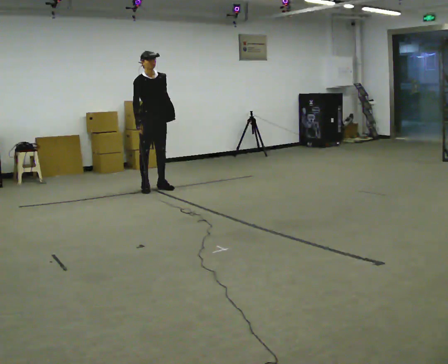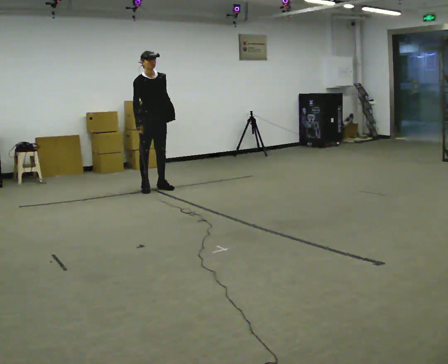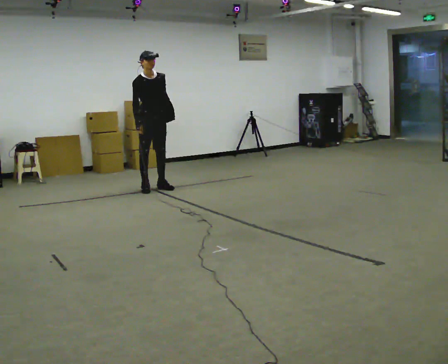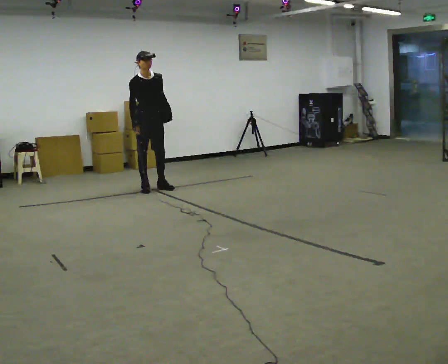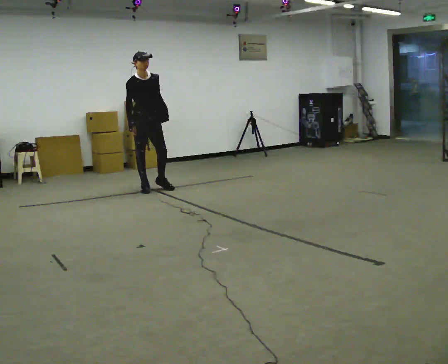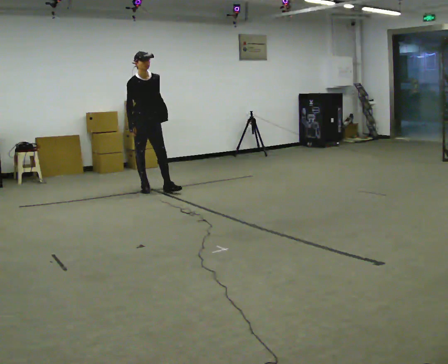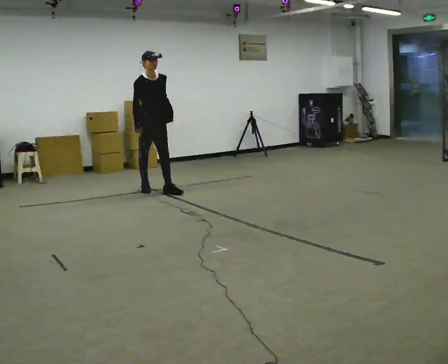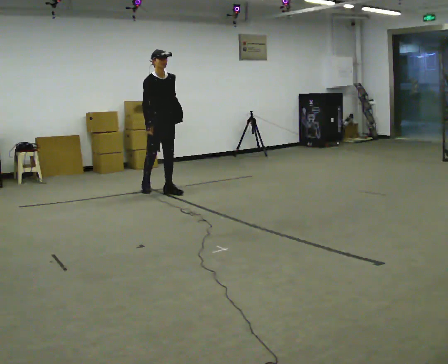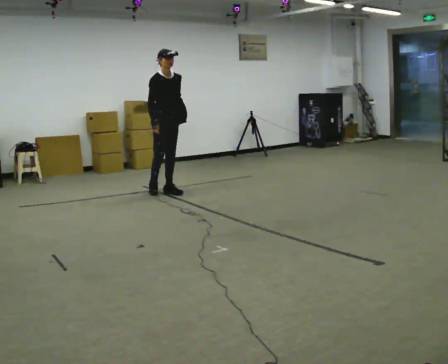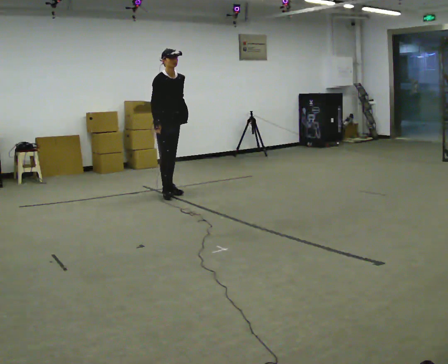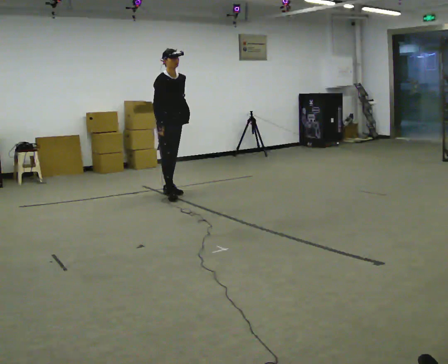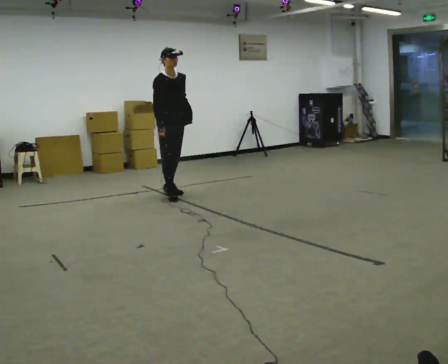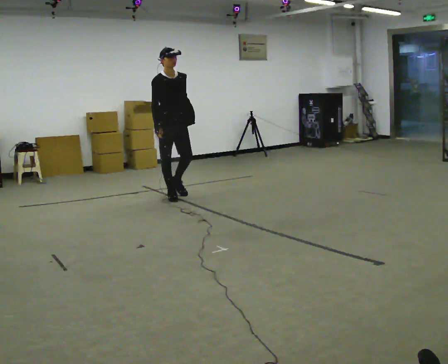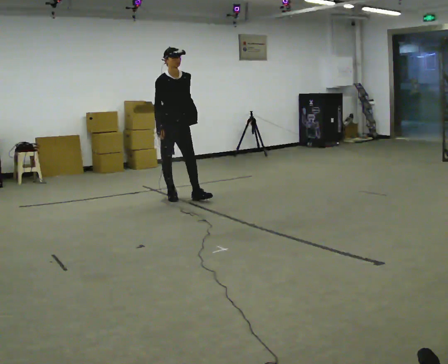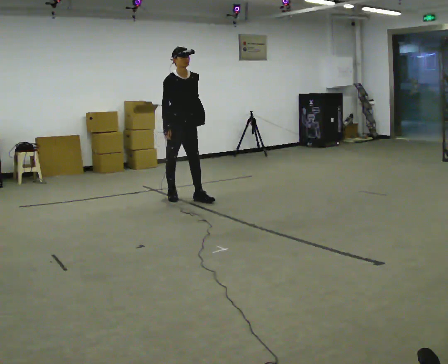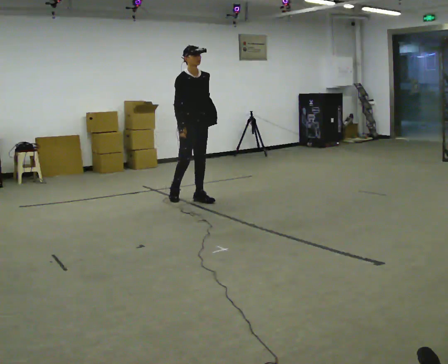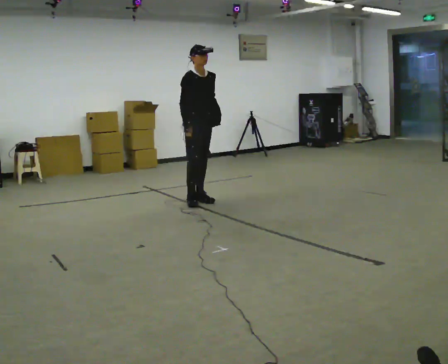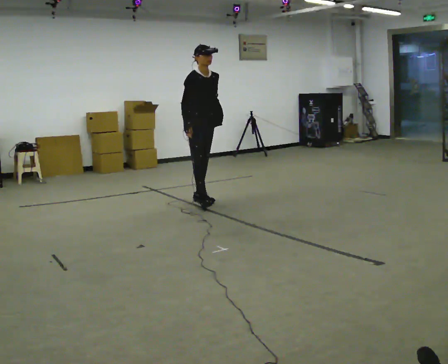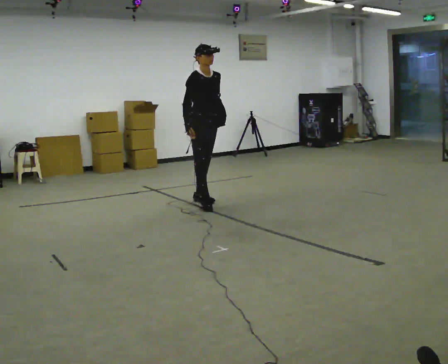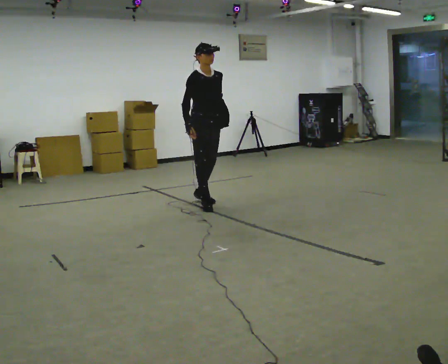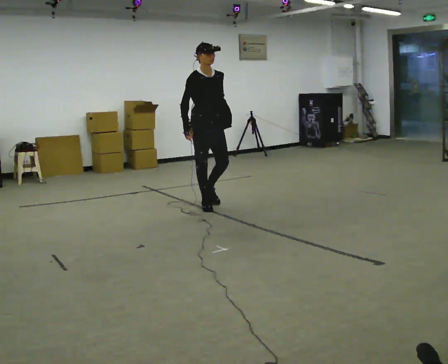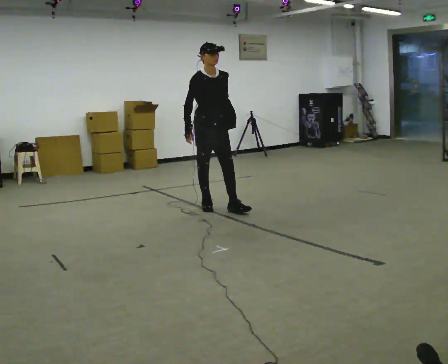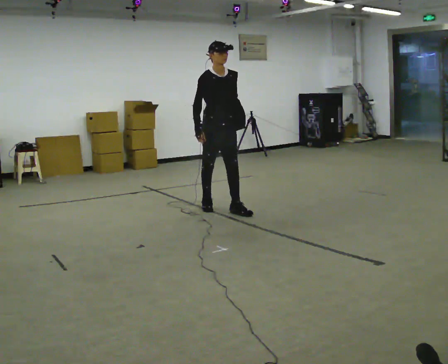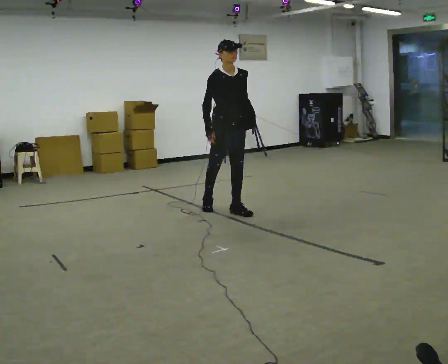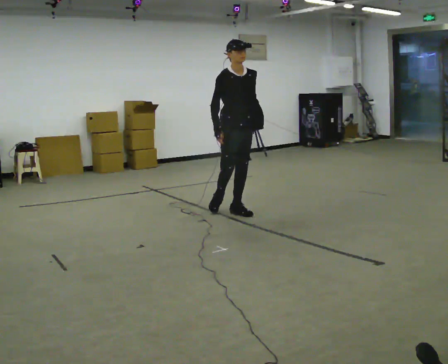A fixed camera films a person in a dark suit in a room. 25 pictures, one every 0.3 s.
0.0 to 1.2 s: The person moves a little, or ends about where they began.
1.2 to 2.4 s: In the picture they go to the right and toward the camera, about 0.25 m in 1 step, which for them is forward and to their left.
2.4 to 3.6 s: In the picture they go toward the camera, about 0.25 m in 1 step, which for them is forward and to their right.
3.6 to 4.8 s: In the picture they go to the right and toward the camera, about 0.25 m in 1 step, which for them is forward and to their left.
4.8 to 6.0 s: In the picture they go toward the camera, about 0.25 m in 1 step, which for them is forward and to their right.
6.0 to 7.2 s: In the picture they go toward the camera and to the right, about 0.5 m in 1 step, which for them is forward.
The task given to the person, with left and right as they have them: Put the soft bag up onto your shoulder and carry it across the room, back and forth.
The film runs forward here.
